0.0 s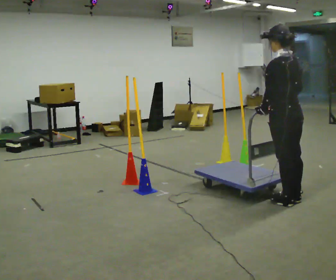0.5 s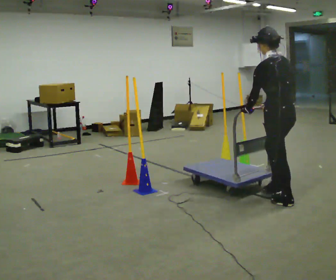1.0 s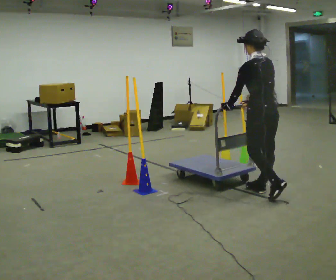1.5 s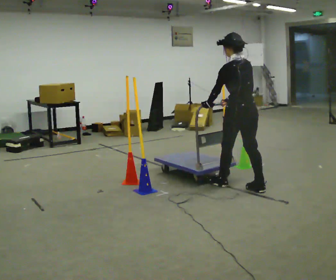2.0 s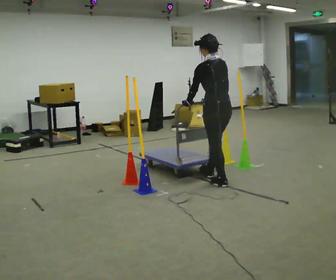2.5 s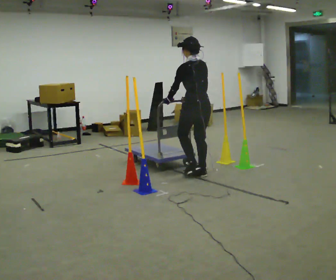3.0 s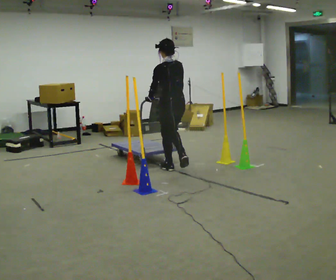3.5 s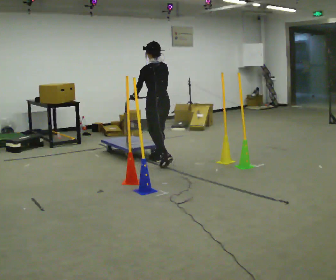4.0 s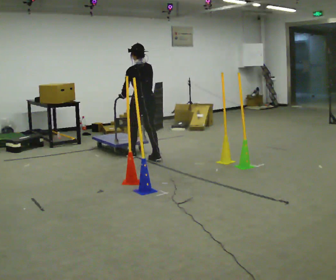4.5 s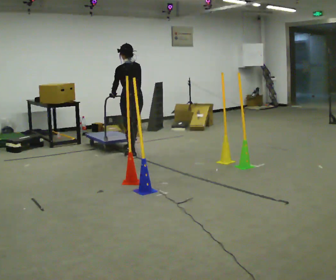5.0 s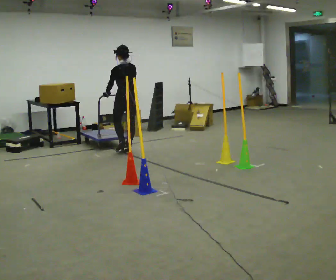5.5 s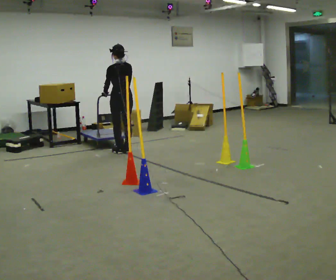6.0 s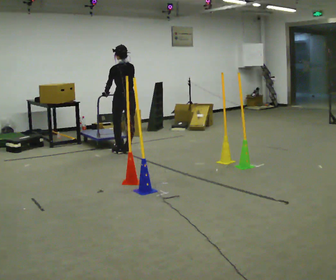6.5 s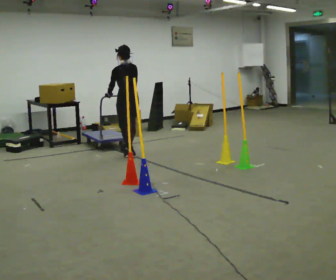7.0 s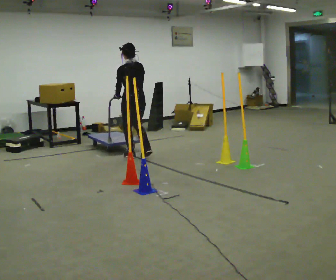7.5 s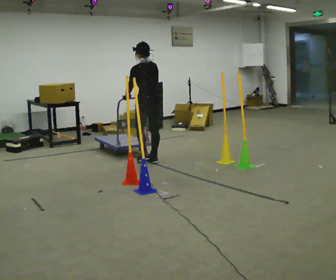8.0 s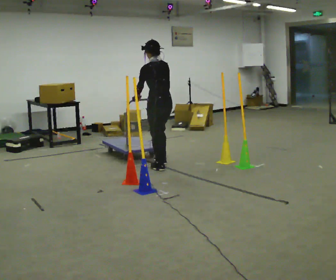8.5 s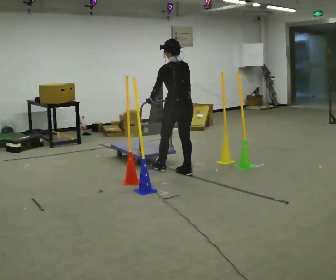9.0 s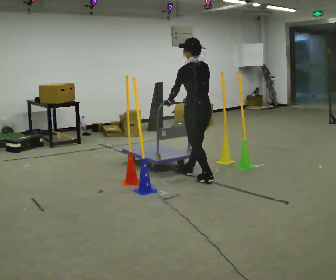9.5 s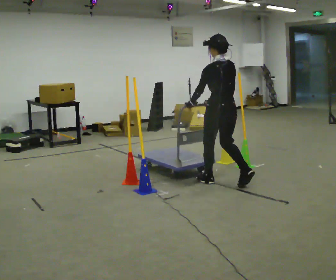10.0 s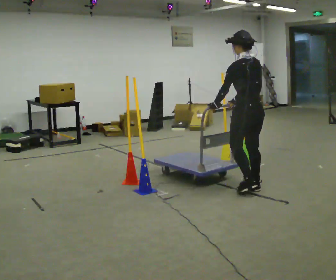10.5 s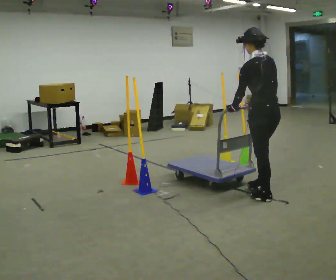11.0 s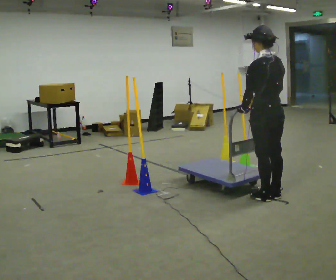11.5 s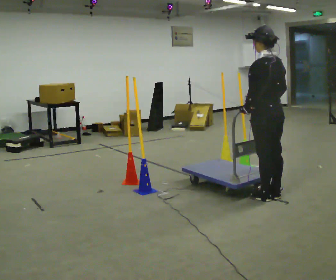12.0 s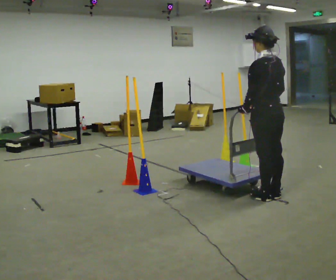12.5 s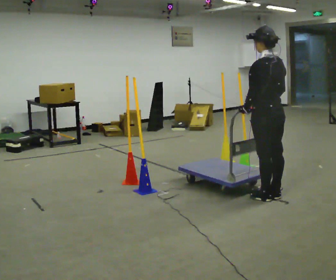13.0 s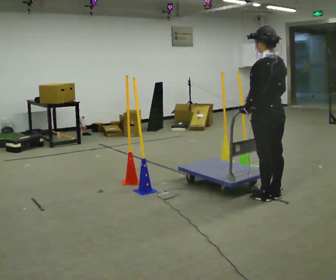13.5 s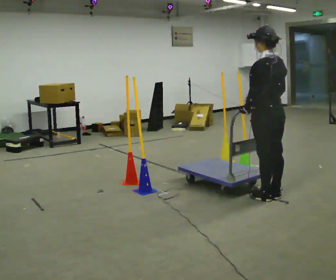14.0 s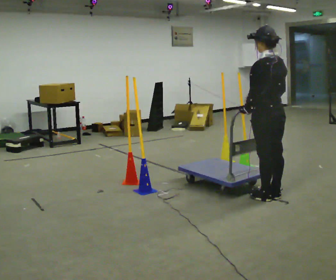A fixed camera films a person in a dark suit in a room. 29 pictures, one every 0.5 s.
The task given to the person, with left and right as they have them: Push the cart in and out of the line of poles without touching any of them. Keep going until the operator says stop.
0.0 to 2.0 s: In the picture they go away from the camera and to the left, about 1 m in 2 steps, which for them is forward.
2.0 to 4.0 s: In the picture they go away from the camera and to the left, about 1.5 m in 4 steps, which for them is forward.
4.0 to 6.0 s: In the picture they go away from the camera and to the left, about 0.5 m in 2 steps, which for them is forward.
6.0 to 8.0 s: In the picture they go toward the camera and to the right, about 1 m in 3 steps, which for them is backward.
8.0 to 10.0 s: In the picture they go toward the camera and to the right, about 1.5 m in 3 steps, which for them is backward.
10.0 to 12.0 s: In the picture they go toward the camera, about 0.25 m in 2 steps, which for them is backward.
12.0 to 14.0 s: The person keeps their place and pose.
The film runs forward here.
